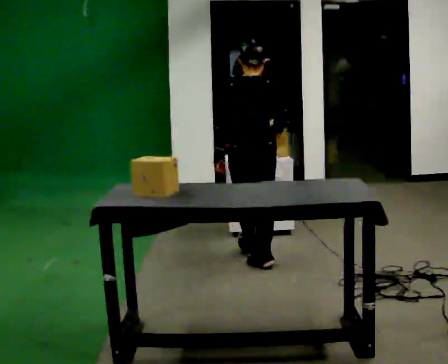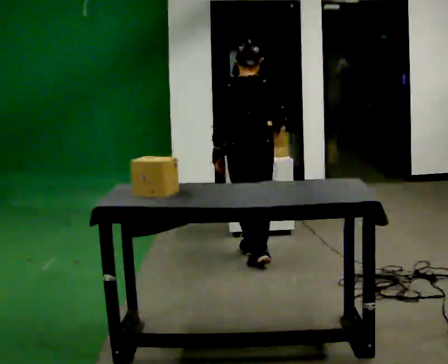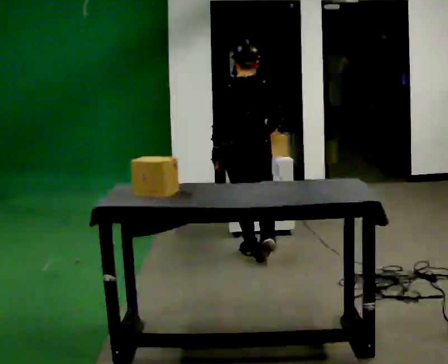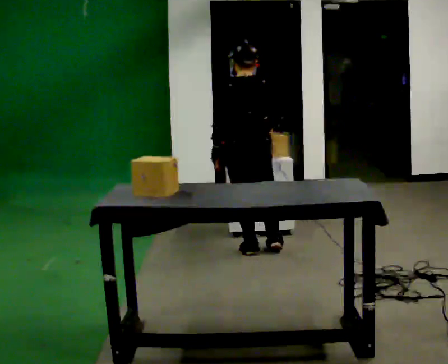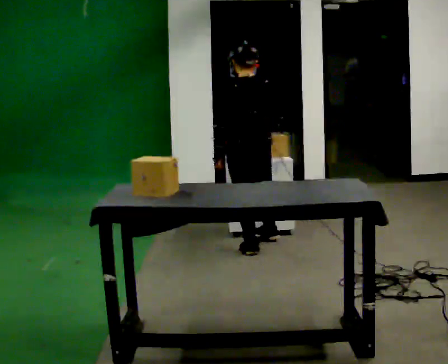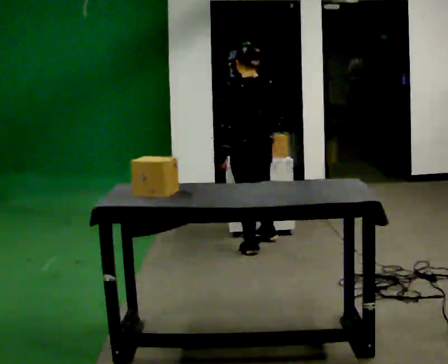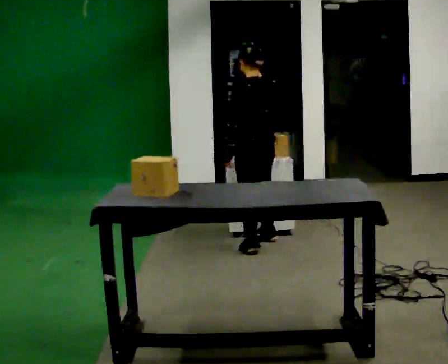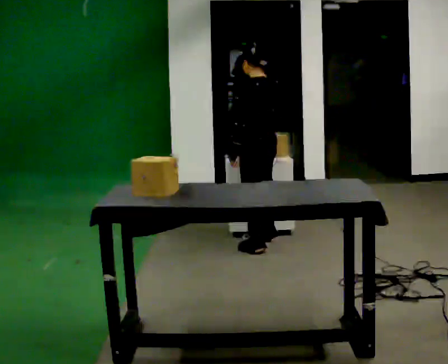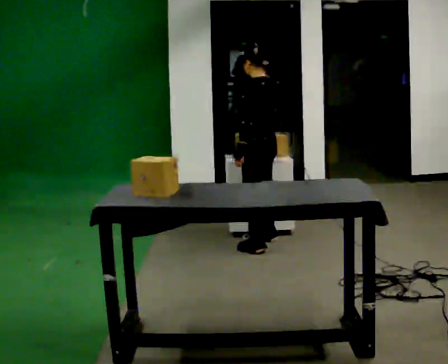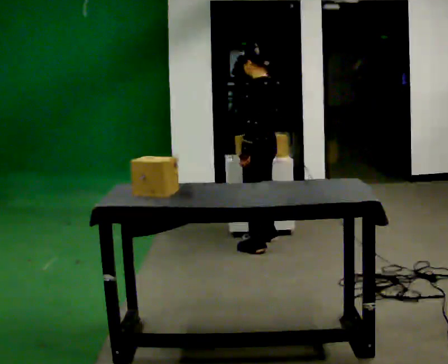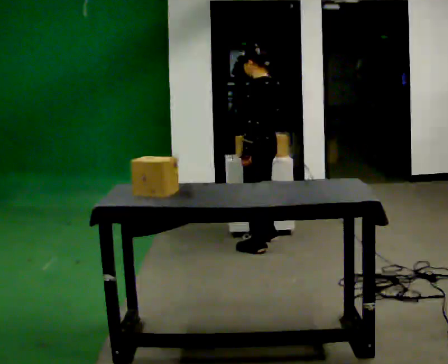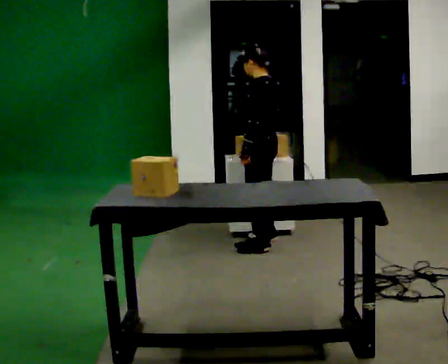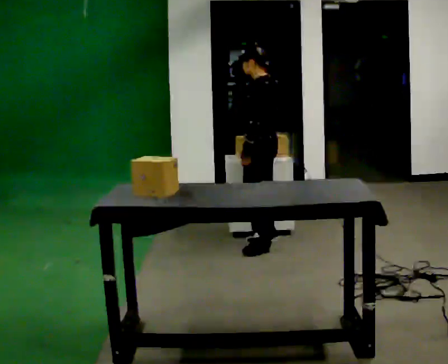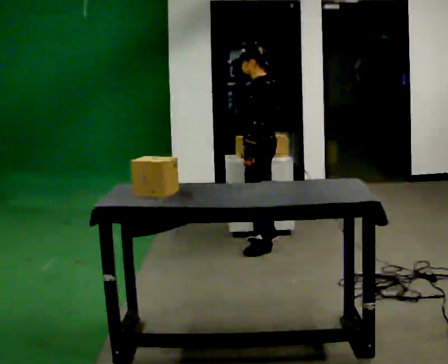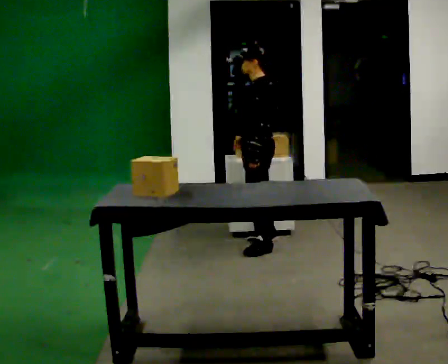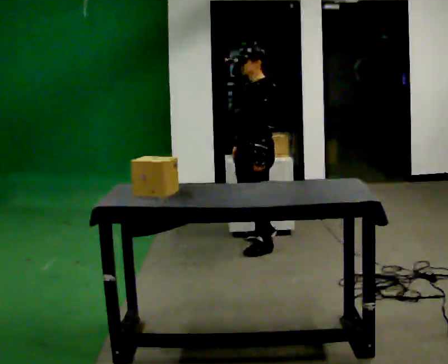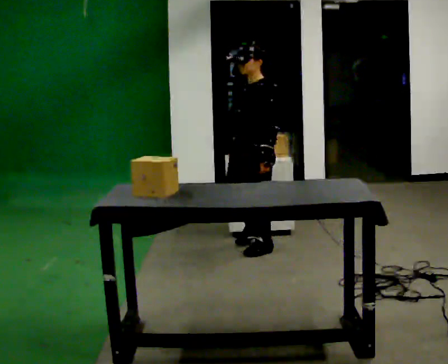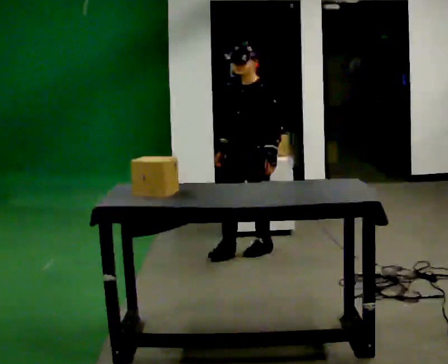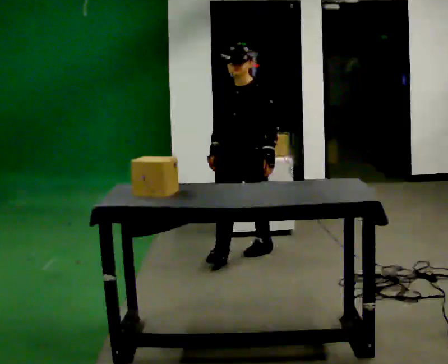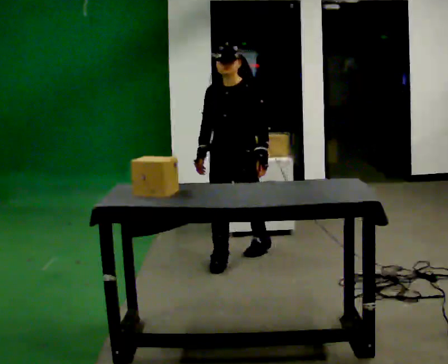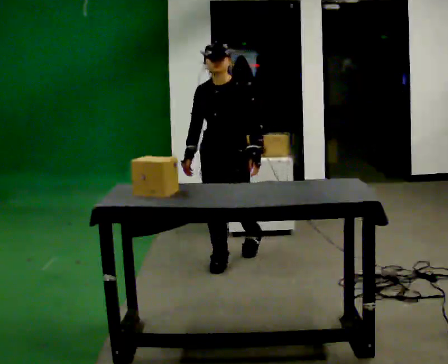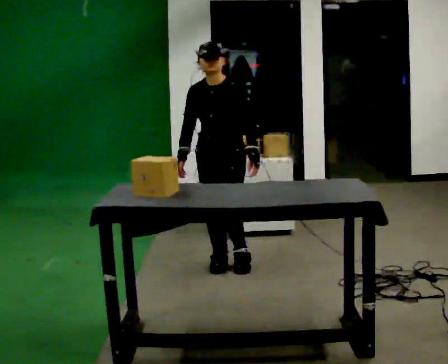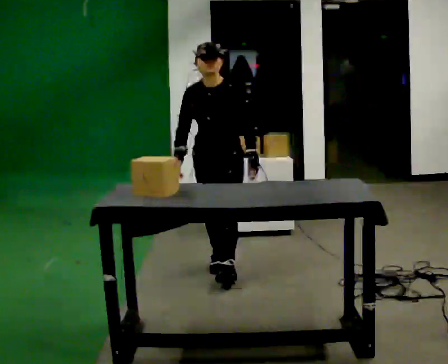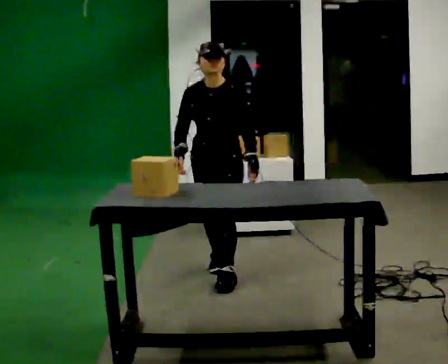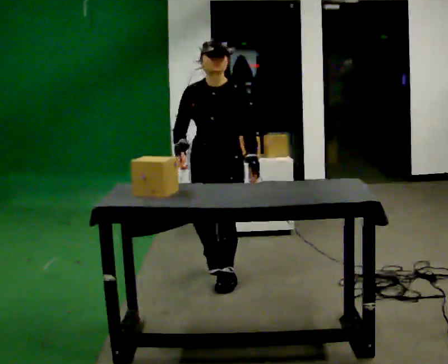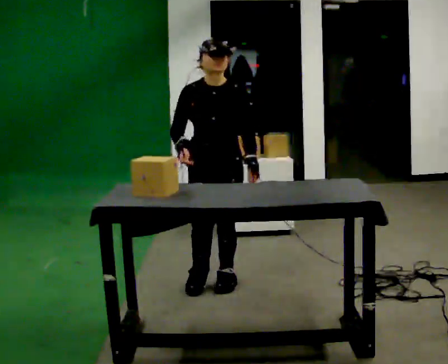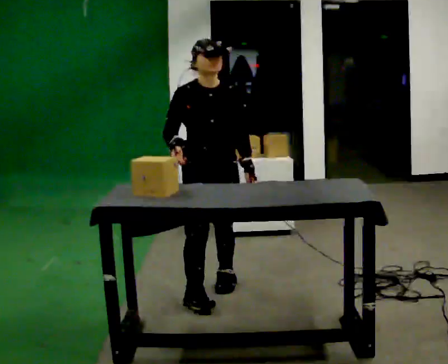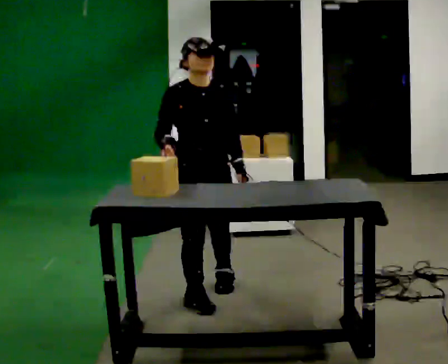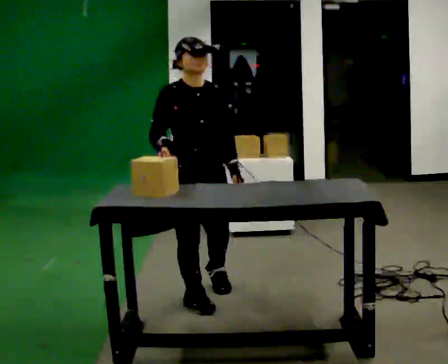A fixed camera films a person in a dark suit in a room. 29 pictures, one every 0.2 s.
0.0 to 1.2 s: The person turns about 45 degrees to their left, counterclockwise seen from above, so the part of the body nearest the lens slides to the right. In the picture they go away from the camera, about 0.5 m in 2 steps, which for them is forward.
1.2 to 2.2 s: The person turns about 30 degrees to their left, counterclockwise seen from above, so the part of the body nearest the lens slides to the right.
2.2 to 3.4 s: The person turns about 75 degrees to their left, counterclockwise seen from above, so the part of the body nearest the lens slides to the right. In the picture they go toward the camera, about 0.25 m.
3.4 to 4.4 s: In the picture they go toward the camera and to the left, about 0.5 m in 1 step, which for them is forward.
4.4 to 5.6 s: Seen from above the body turns counterclockwise, about 45 degrees: to their left, with its near side sliding to the right. In the picture they go toward the camera, about 0.5 m in 2 steps, which for them is forward.
The film runs forward here.
